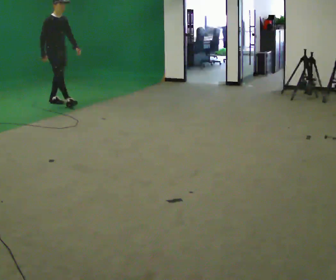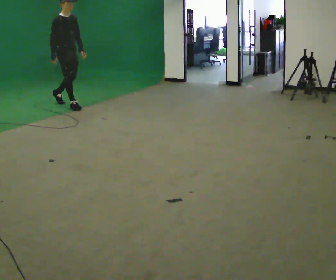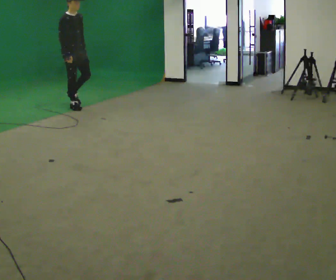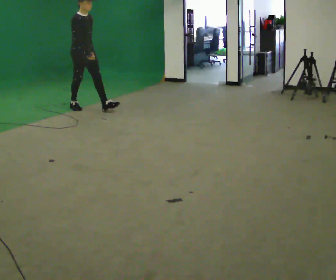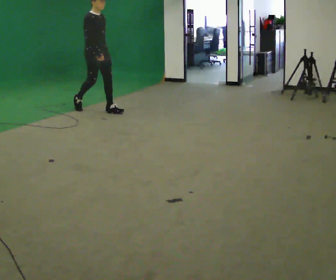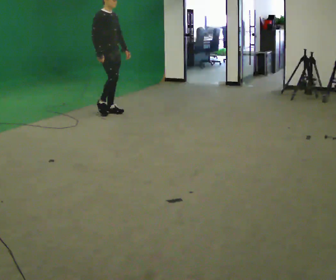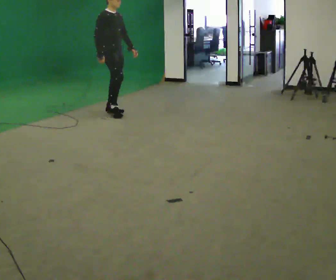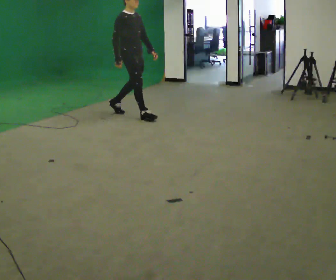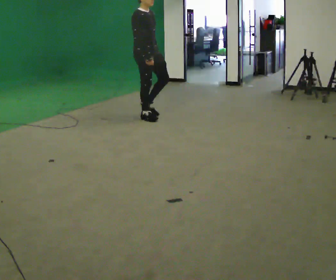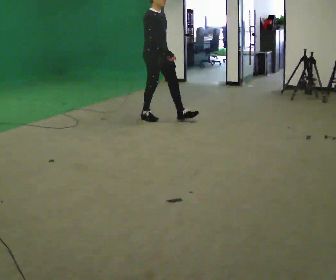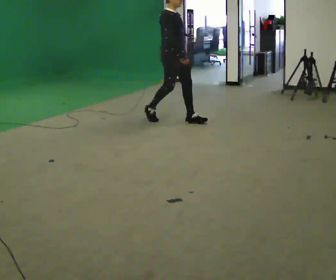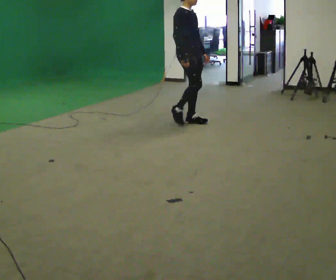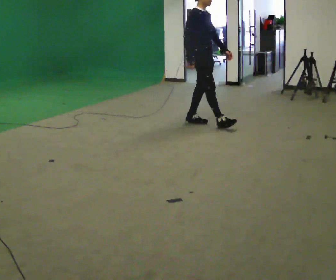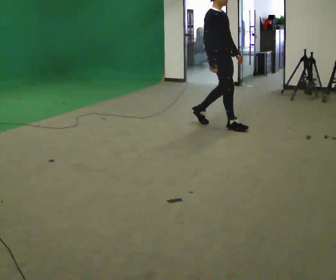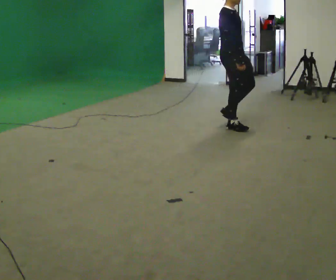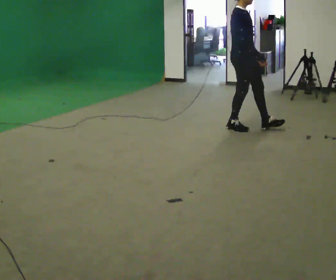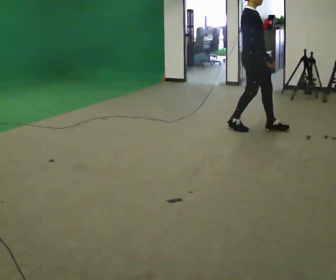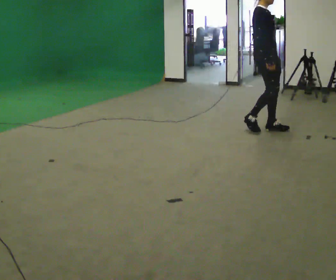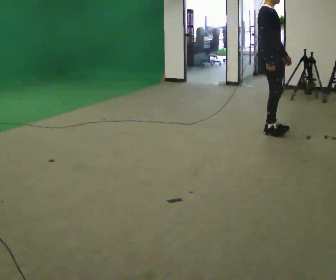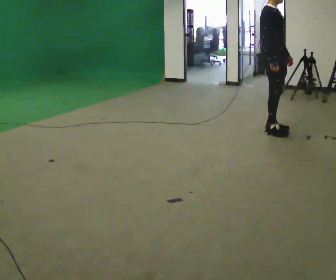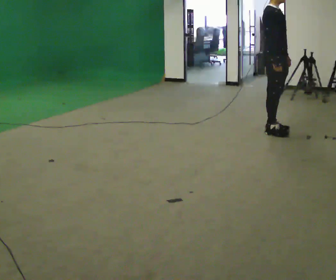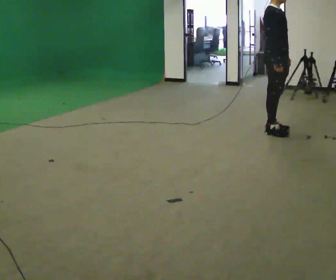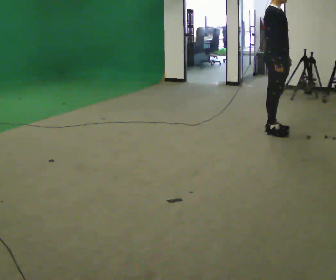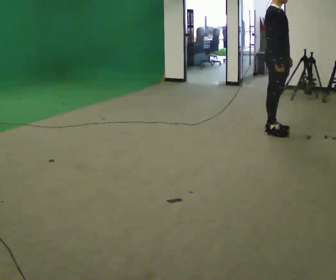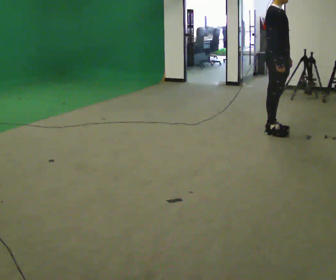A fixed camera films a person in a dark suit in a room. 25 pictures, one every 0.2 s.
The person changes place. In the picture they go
to the right.
0.0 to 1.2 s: In the picture they go to the right and toward the camera, about 1.5 m in 2 steps, which for them is forward.
1.2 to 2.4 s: In the picture they go to the right, about 1 m in 2 steps, which for them is forward.
2.4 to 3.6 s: In the picture they go to the right, about 1 m in 2 steps, which for them is forward.
3.6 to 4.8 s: The person moves a little, or ends about where they began.
The film runs forward here.
